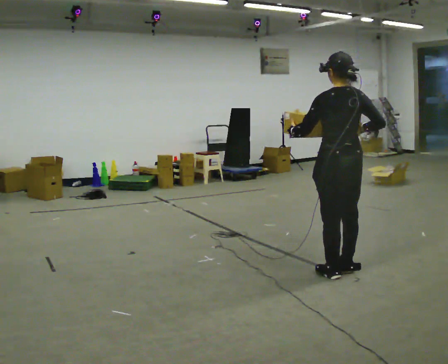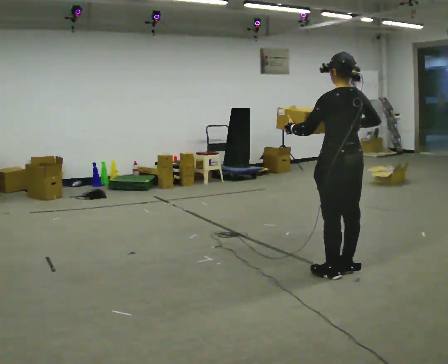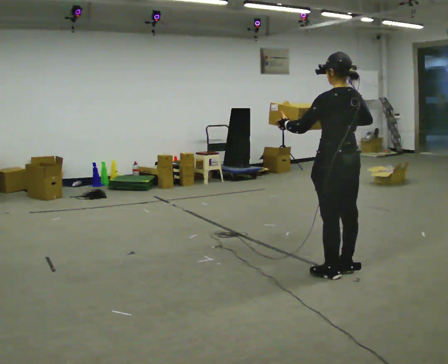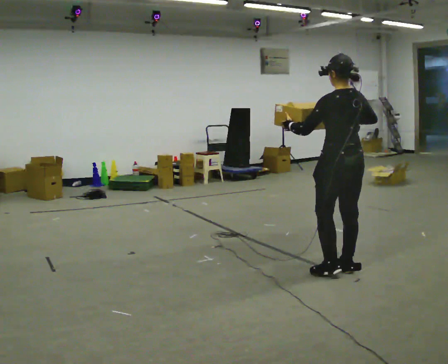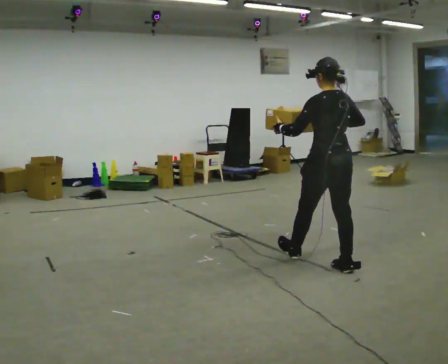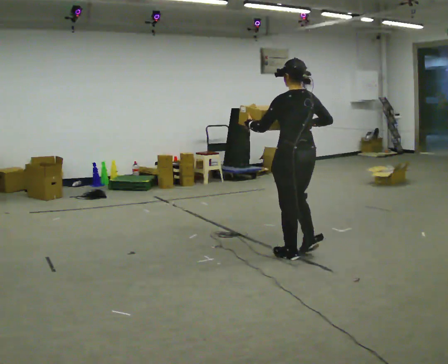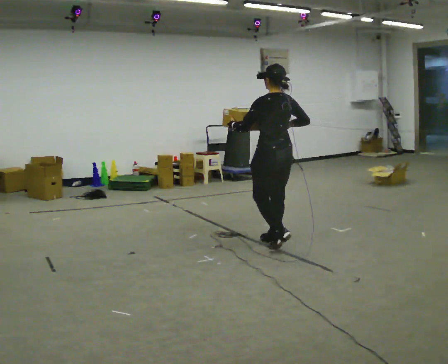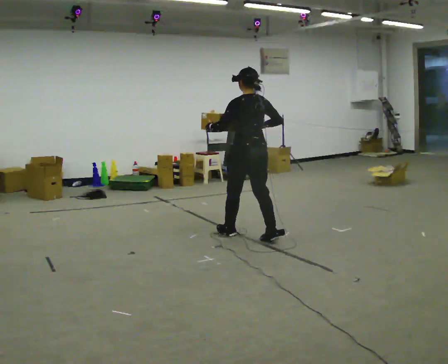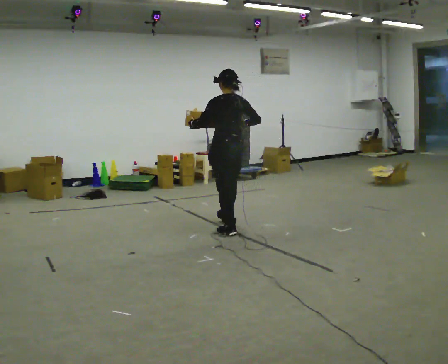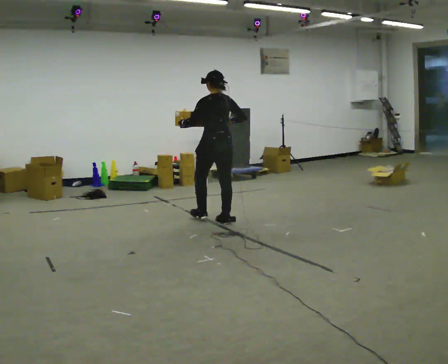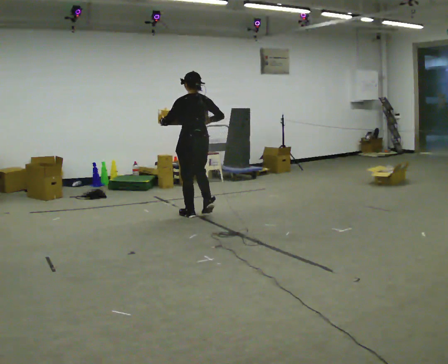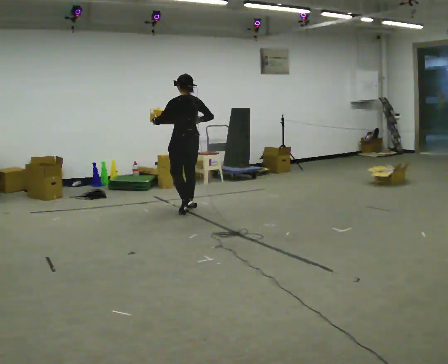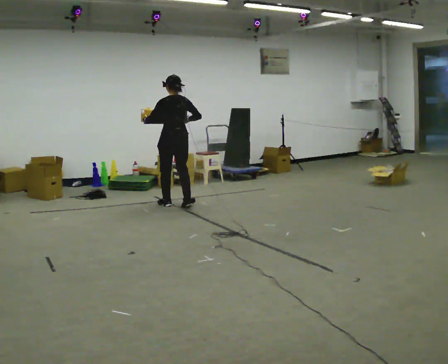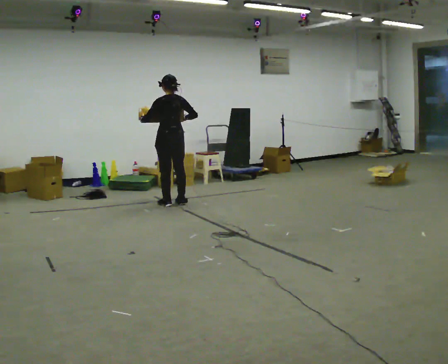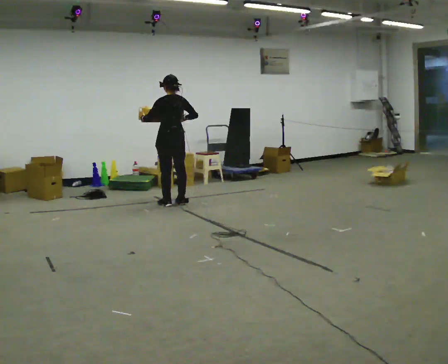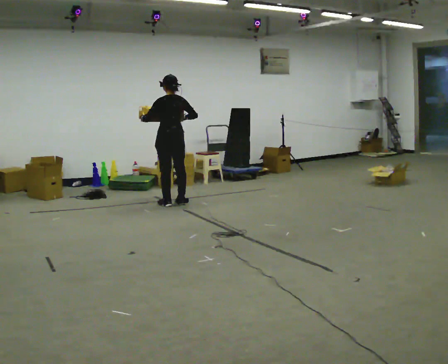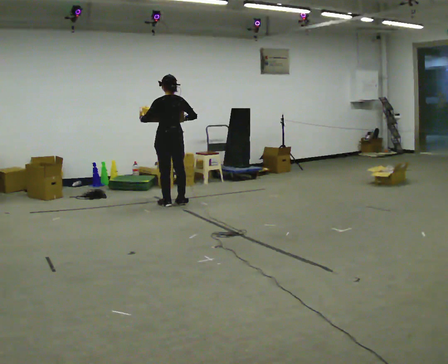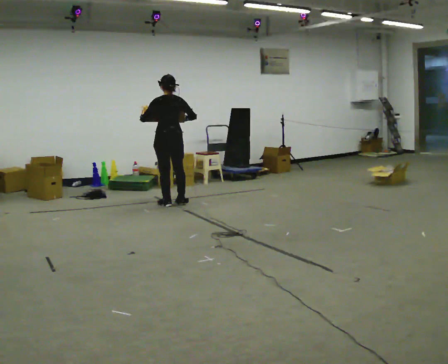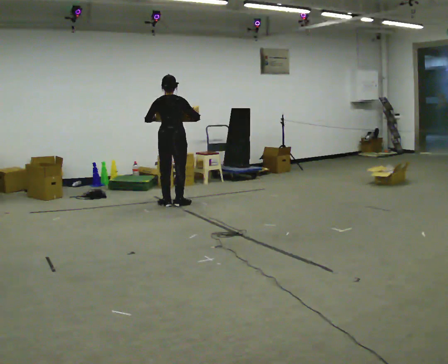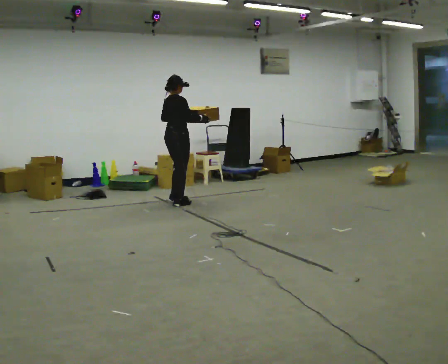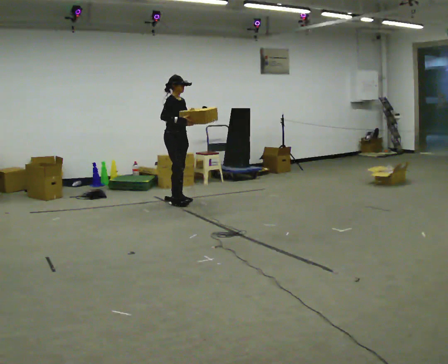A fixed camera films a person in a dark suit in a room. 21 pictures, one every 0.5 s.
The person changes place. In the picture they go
away from the camera.
0.0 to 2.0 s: In the picture they go away from the camera, about 0.25 m in 1 step, which for them is forward.
2.0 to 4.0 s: In the picture they go away from the camera and to the left, about 1.5 m in 2 steps, which for them is forward.
4.0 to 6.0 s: In the picture they go away from the camera and to the left, about 1.5 m in 4 steps, which for them is forward.
6.0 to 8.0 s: The person moves a little, or ends about where they began.
8.0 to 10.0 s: The person turns about 135 degrees to their right, clockwise seen from above, so the part of the body nearest the lens slides to the left. In the picture their left hand goes to the right.
The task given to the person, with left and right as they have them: Carry the medium box in both hands in front of you, walking back and forth across the room. Keep walking until the operator says stop.
The film runs forward here.
